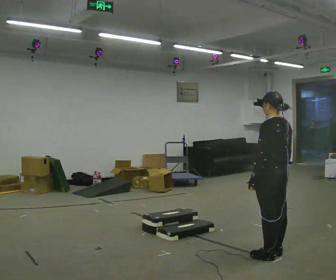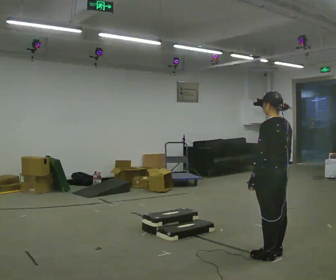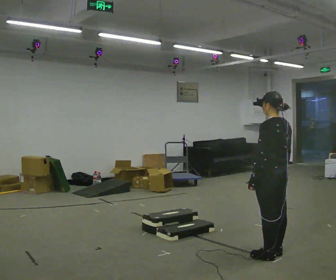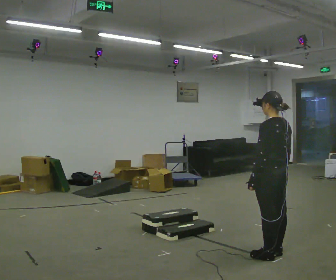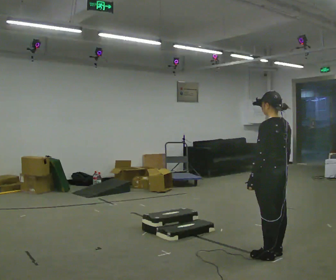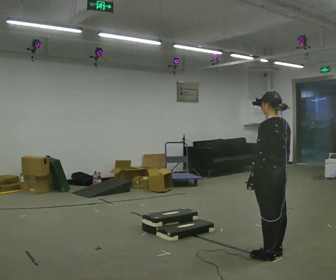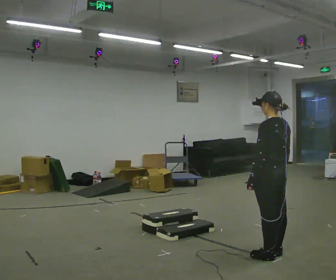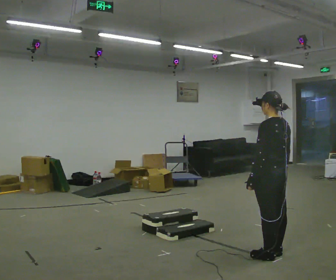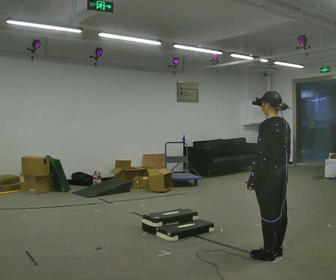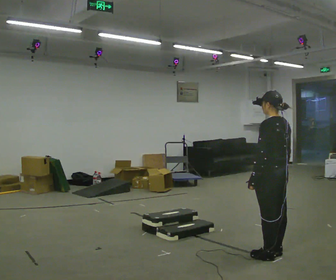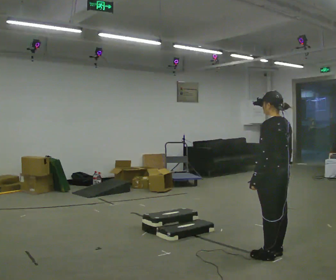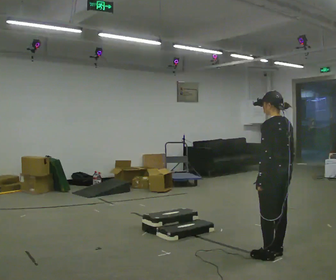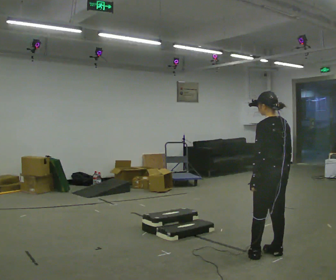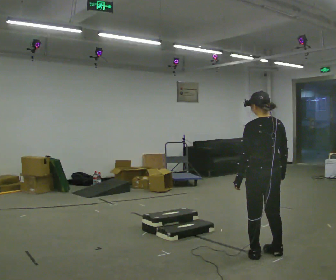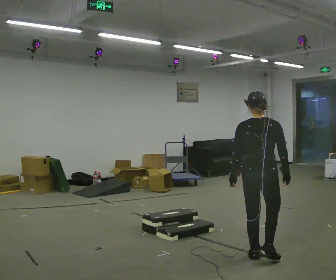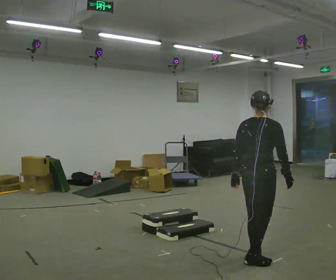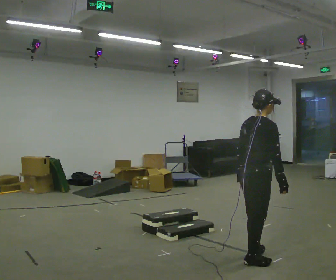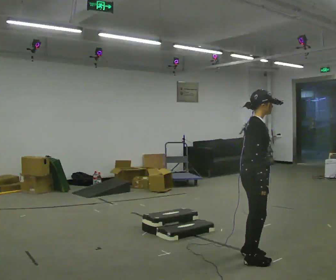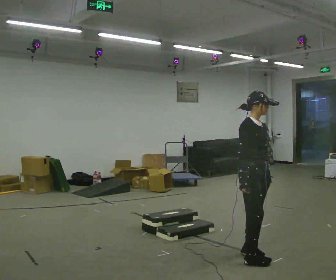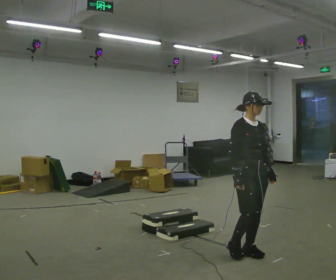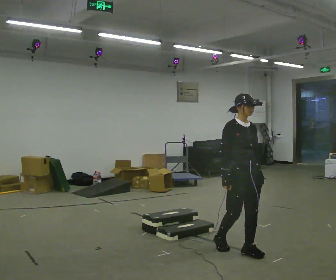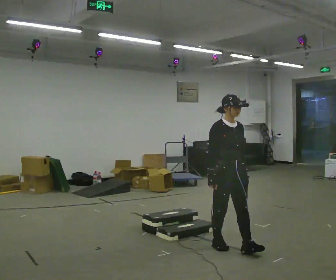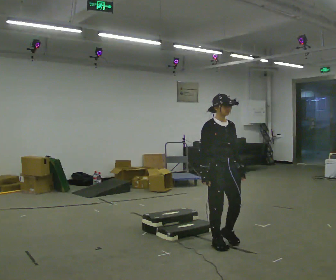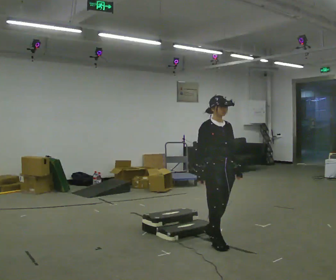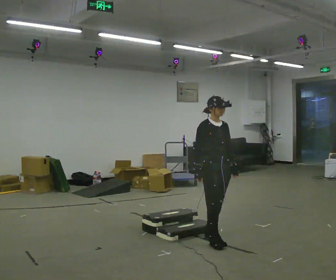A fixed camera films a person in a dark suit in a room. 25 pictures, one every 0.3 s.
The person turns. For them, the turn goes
to their right.
The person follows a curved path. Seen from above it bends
clockwise.
0.0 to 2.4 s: The person keeps their place and pose.
2.4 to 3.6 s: The person moves a little, or ends about where they began.
3.6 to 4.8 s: Seen from above the body turns clockwise, about 90 degrees: to their right, with its near side sliding to the left. In the picture they go toward the camera and to the left, about 0.25 m in 1 step.
4.8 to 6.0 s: Seen from above the body turns clockwise, about 90 degrees: to their right, with its near side sliding to the left. In the picture they go away from the camera and to the left, about 0.25 m in 2 steps.
6.0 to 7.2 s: In the picture they go to the left and away from the camera, about 0.5 m in 2 steps, which for them is backward.
The film runs backward here.
